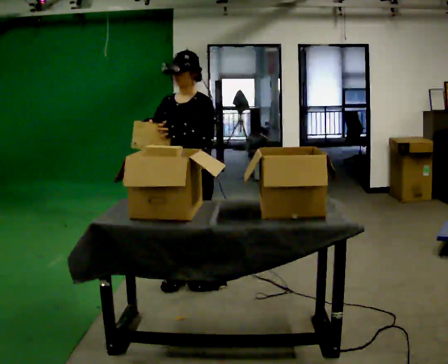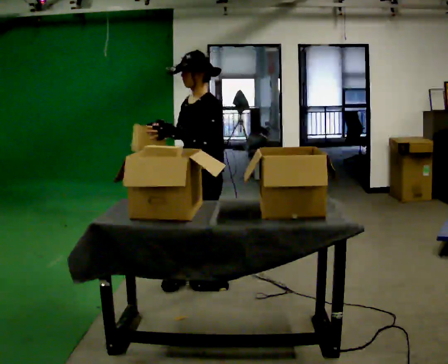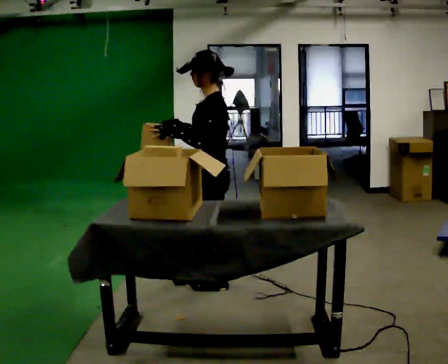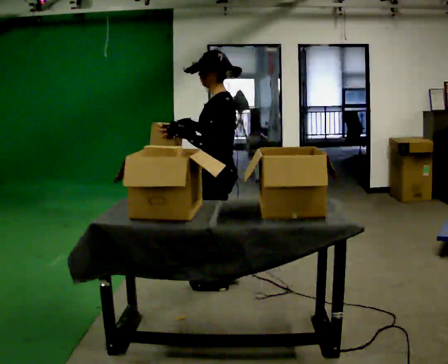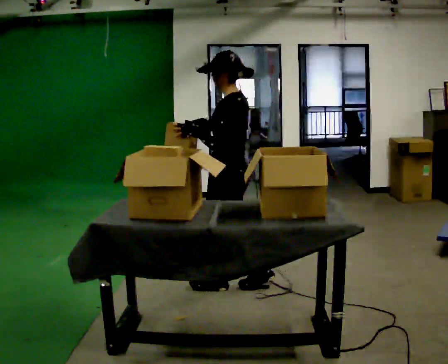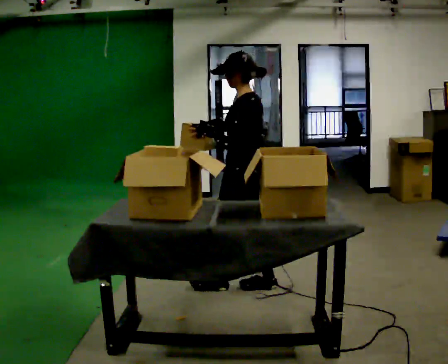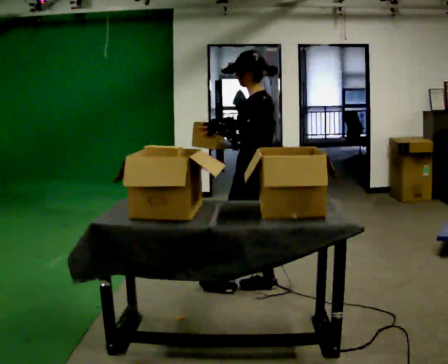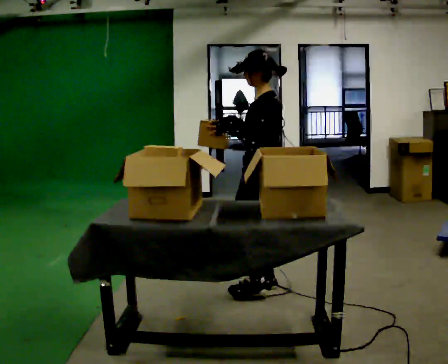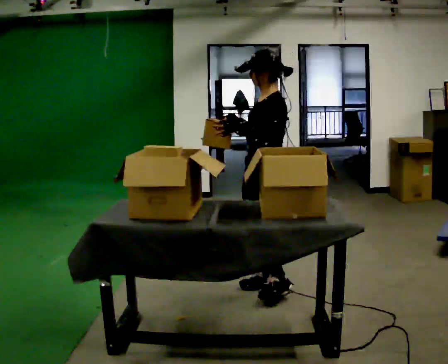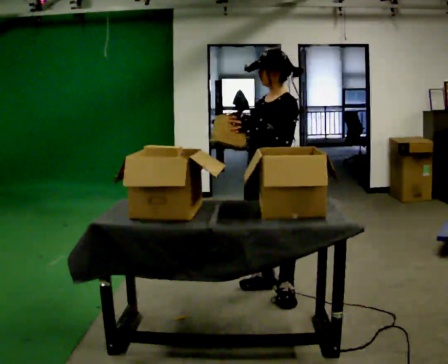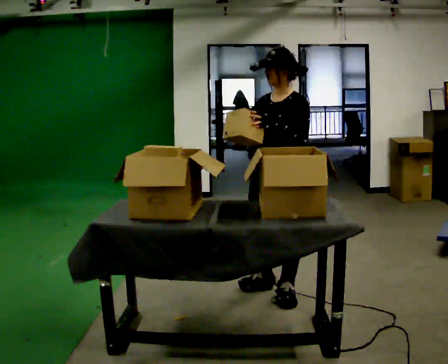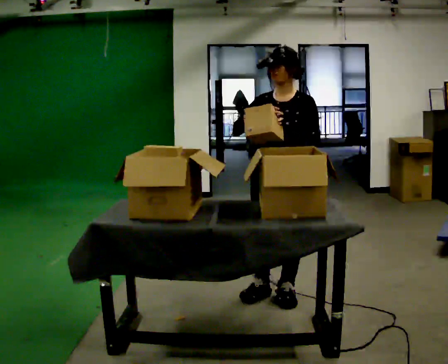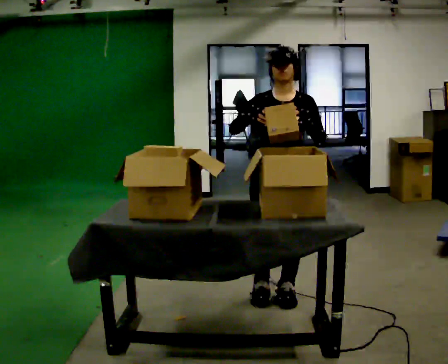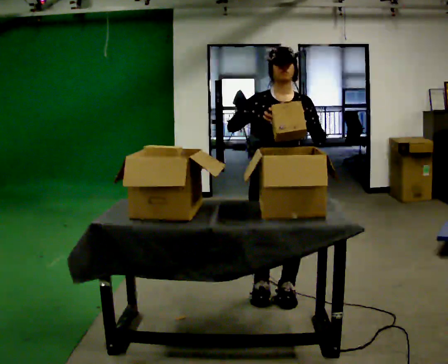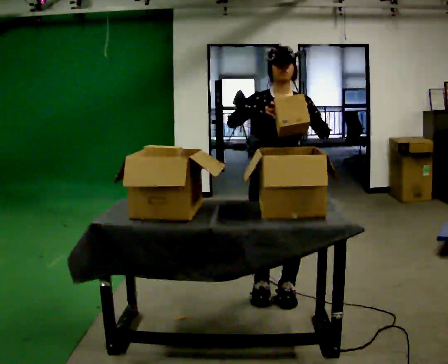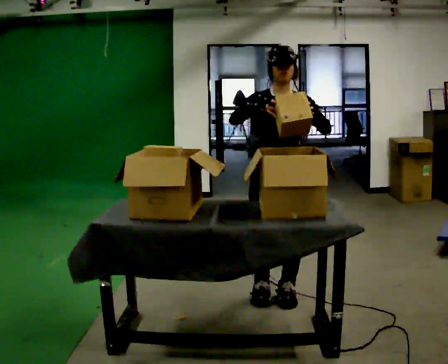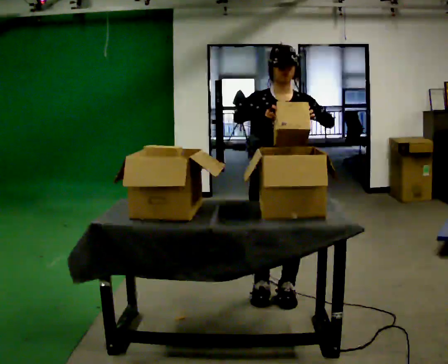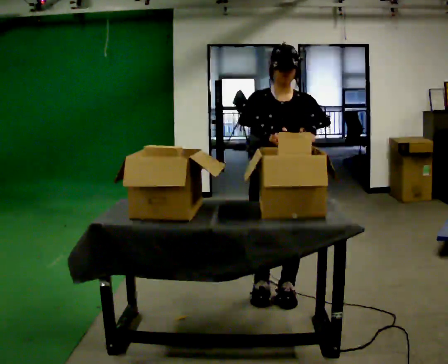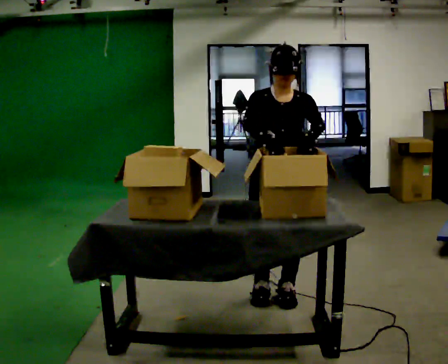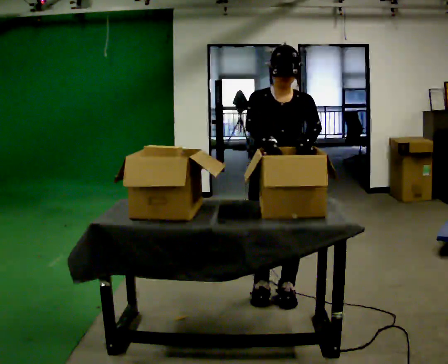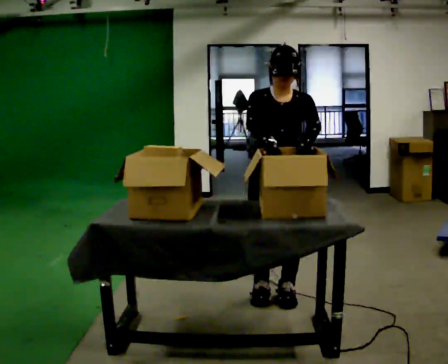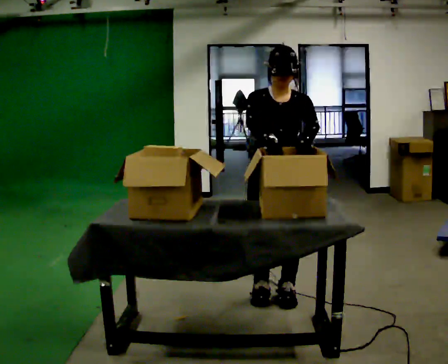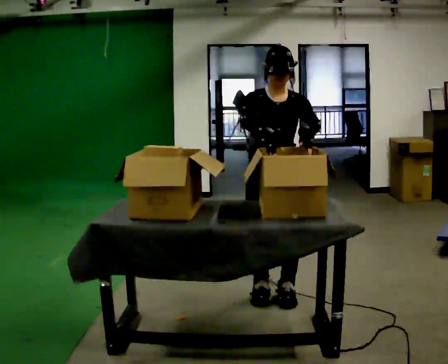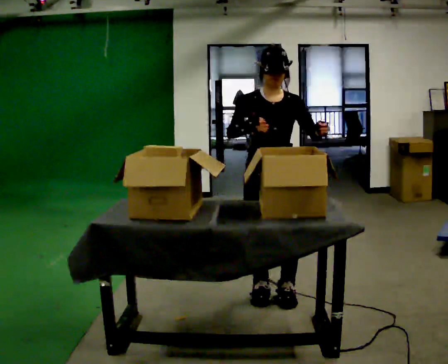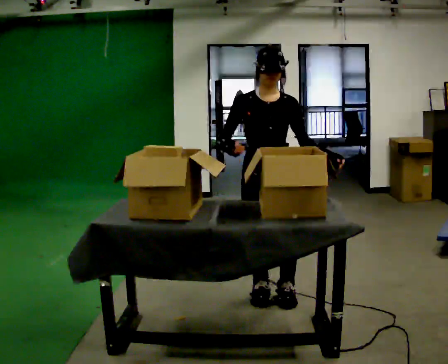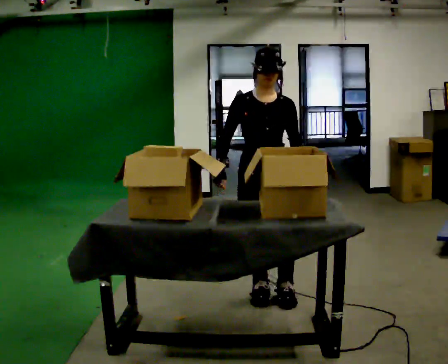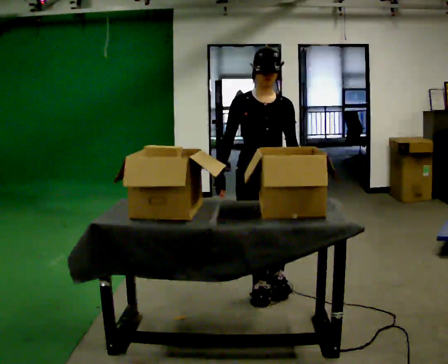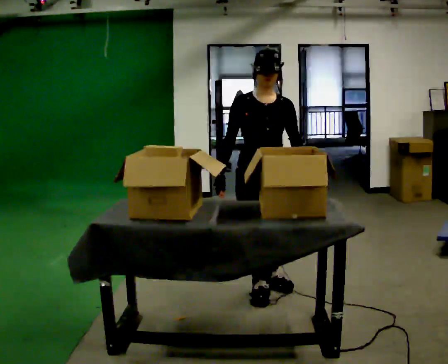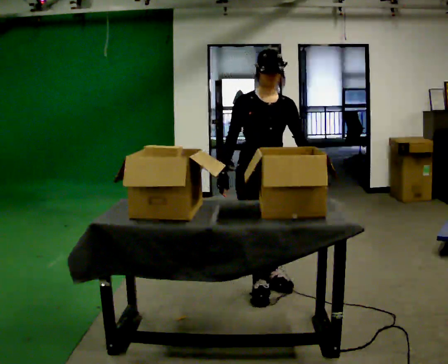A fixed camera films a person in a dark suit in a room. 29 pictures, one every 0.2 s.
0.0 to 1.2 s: The part of the body nearest the lens slides to the left as the person turns to their right by about 75 degrees. In the picture they go to the right, about 0.5 m in 2 steps.
1.2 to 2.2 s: The person turns about 75 degrees to their left, counterclockwise seen from above, so the part of the body nearest the lens slides to the right. In the picture they go to the right, about 0.25 m in 1 step.
2.2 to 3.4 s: Seen from above the body turns counterclockwise, about 30 degrees: to their left, with its near side sliding to the right.
3.4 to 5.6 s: In the picture they go away from the camera, about 0.25 m in 1 step, which for them is backward. In the picture their left hand goes downward.
The film runs backward here.
